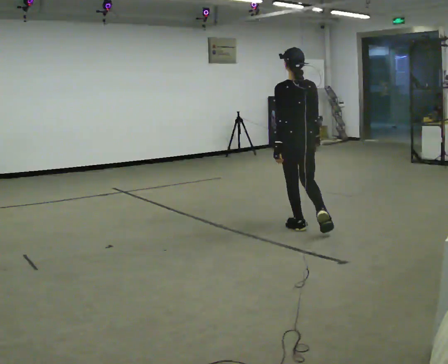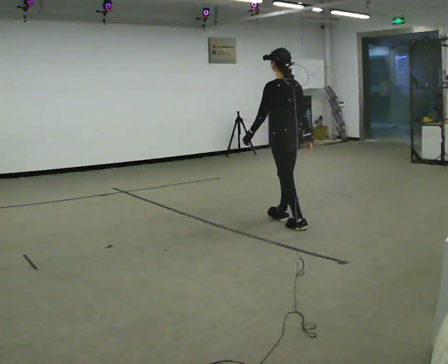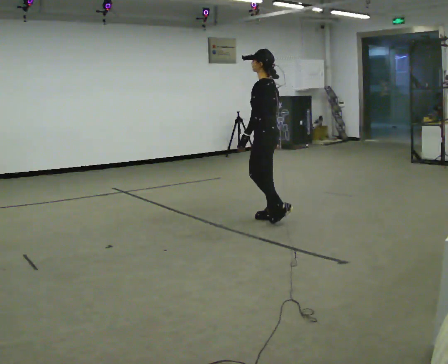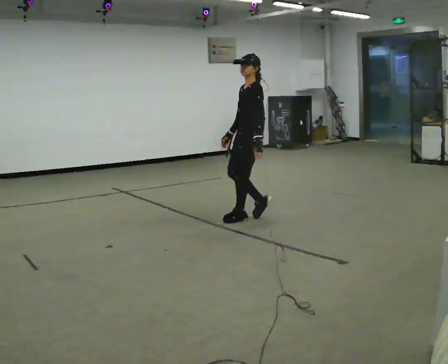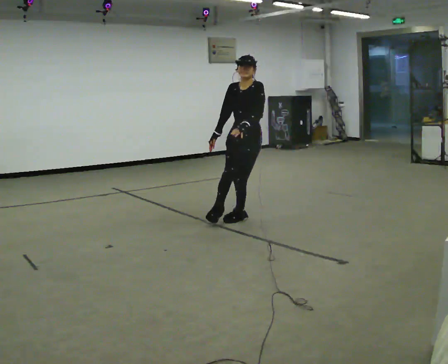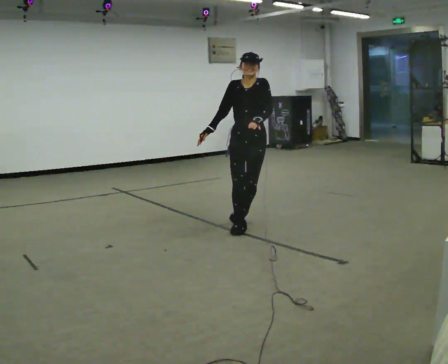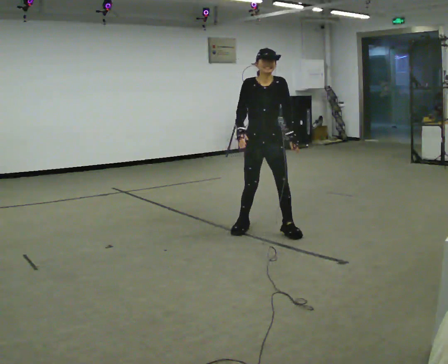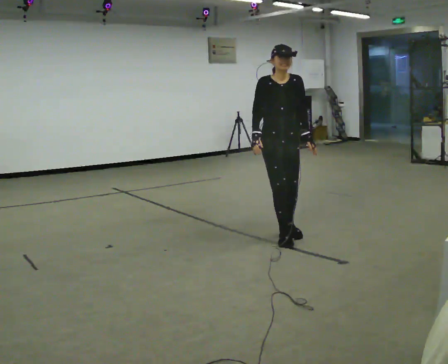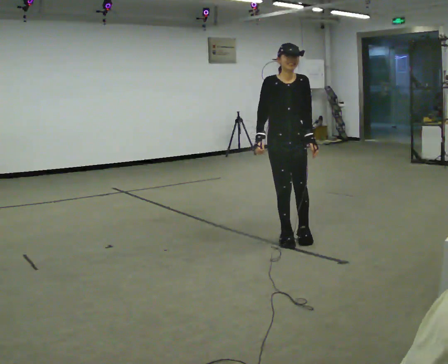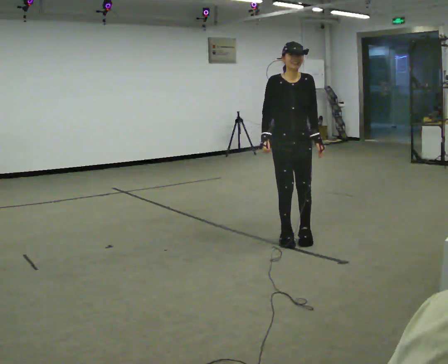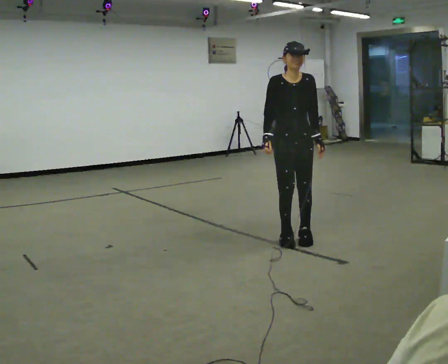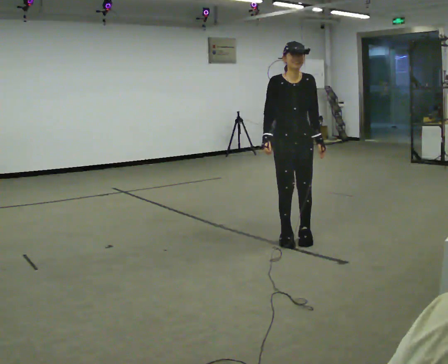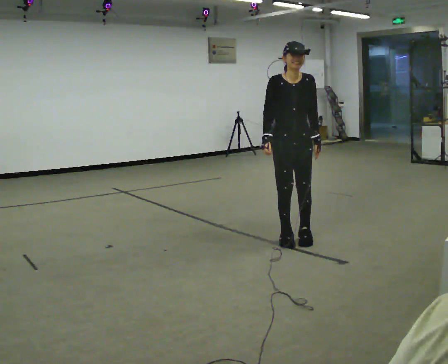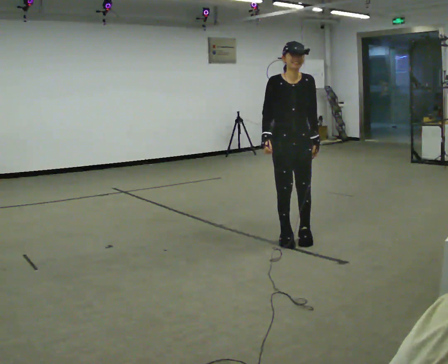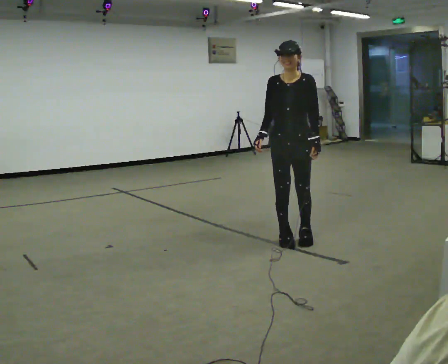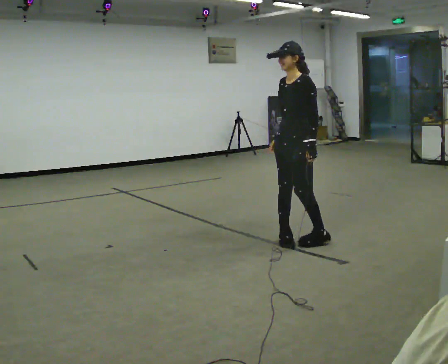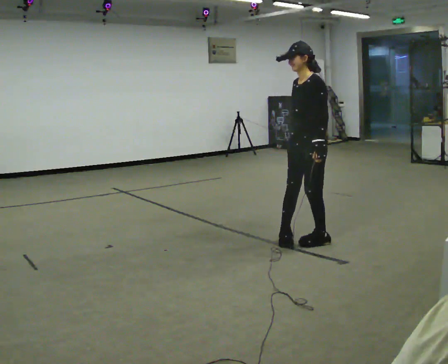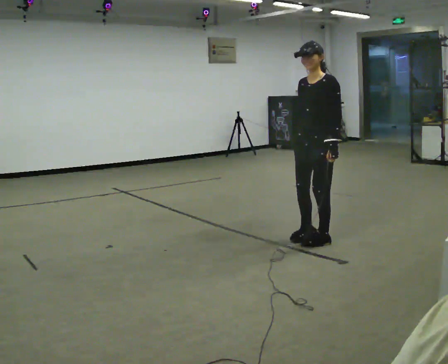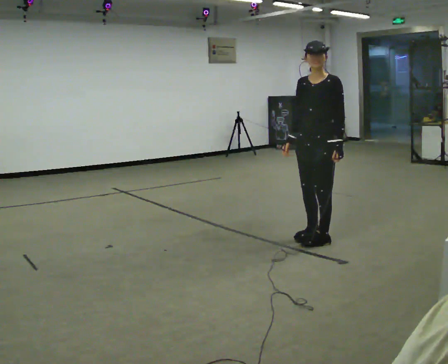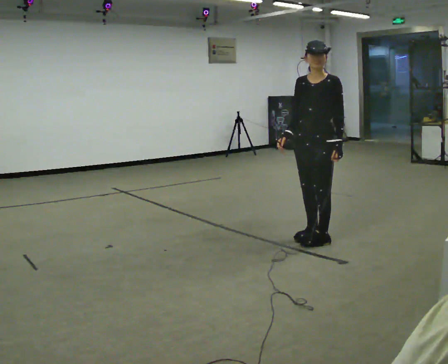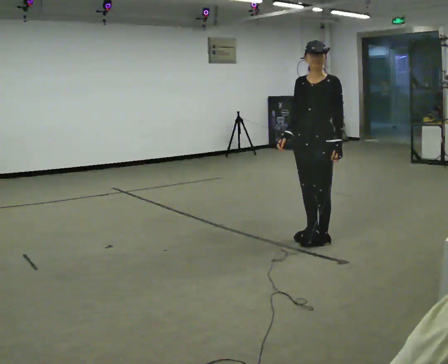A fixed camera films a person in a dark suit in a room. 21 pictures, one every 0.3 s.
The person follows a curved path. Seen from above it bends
counterclockwise.
0.0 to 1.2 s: The part of the body nearest the lens slides to the right as the person turns to their left by about 135 degrees. In the picture they go to the left and away from the camera, about 0.5 m in 2 steps.
1.2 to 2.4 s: The part of the body nearest the lens slides to the right as the person turns to their left by about 45 degrees. In the picture they go toward the camera and to the right, about 0.5 m in 3 steps, which for them is forward and to their left.
2.4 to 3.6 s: The person moves a little, or ends about where they began.
3.6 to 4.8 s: The person turns about 75 degrees to their right, clockwise seen from above, so the part of the body nearest the lens slides to the left.
4.8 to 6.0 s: The person moves a little, or ends about where they began.
The film runs forward here.
